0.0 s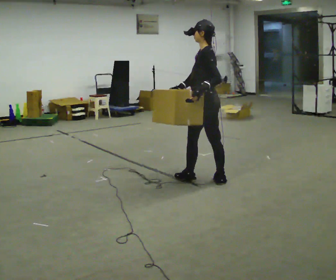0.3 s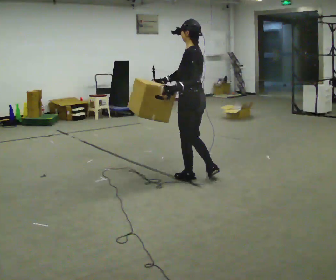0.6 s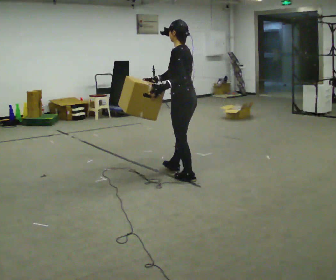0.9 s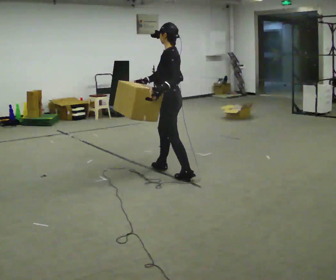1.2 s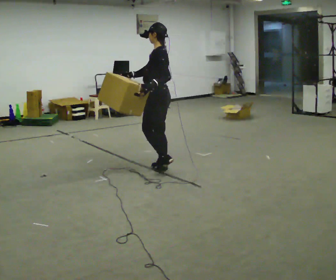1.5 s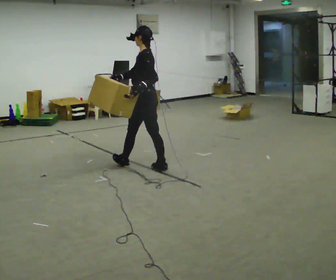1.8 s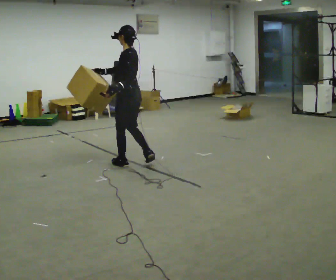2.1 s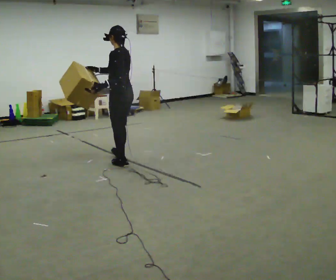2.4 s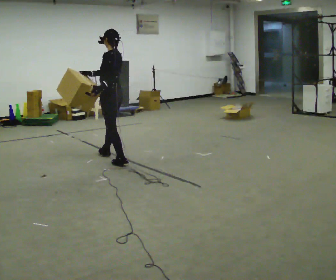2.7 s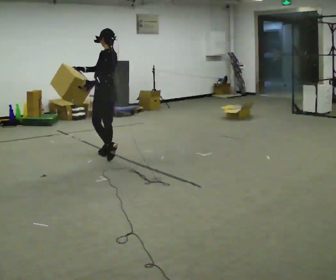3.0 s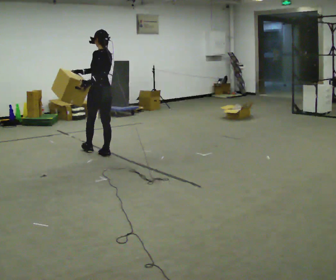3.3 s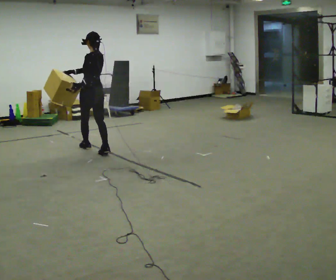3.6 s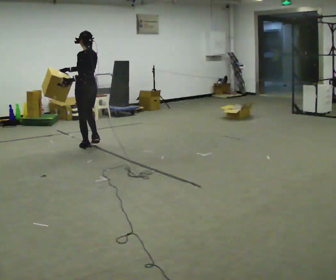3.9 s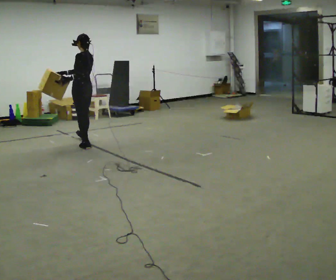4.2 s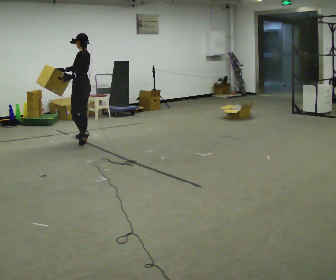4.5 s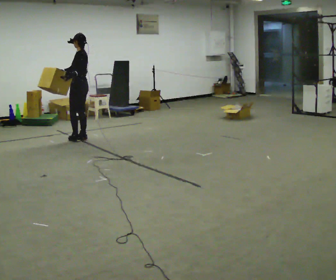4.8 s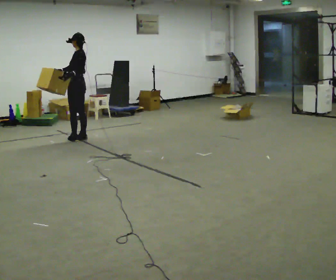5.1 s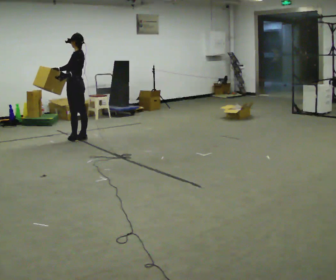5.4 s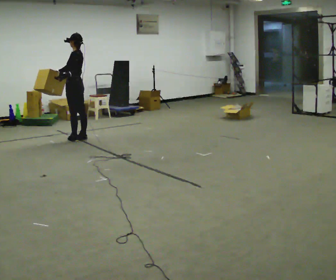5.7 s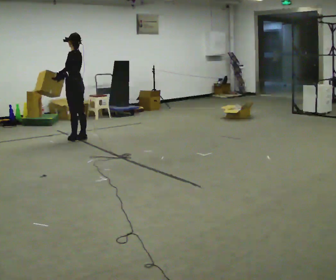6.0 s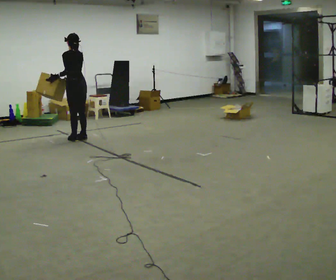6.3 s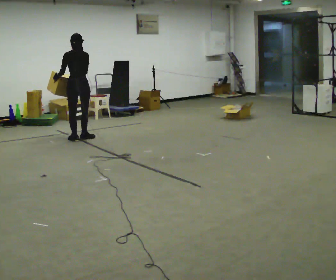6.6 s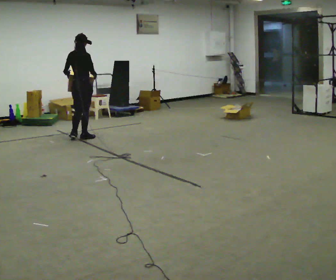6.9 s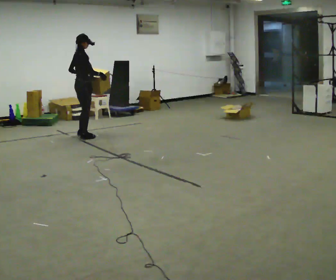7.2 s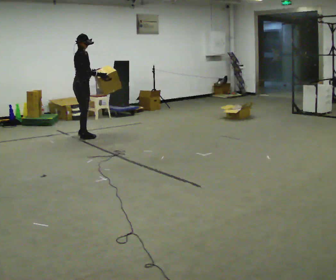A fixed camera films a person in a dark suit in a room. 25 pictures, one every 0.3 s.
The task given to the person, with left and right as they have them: Carry the box and, while walking, shift it to a different hold: front, then hip, then shoulder, then back to front. Do not stop walking.
0.0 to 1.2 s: In the picture they go away from the camera and to the left, about 0.5 m in 1 step, which for them is forward.
1.2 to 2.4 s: In the picture they go away from the camera and to the left, about 0.5 m in 2 steps, which for them is forward.
2.4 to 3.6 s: In the picture they go away from the camera, about 0.5 m in 1 step, which for them is forward.
3.6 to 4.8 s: The part of the body nearest the lens slides to the right as the person turns to their left by about 30 degrees. In the picture they go away from the camera, about 0.5 m in 2 steps, which for them is forward and to their right.
4.8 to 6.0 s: Seen from above the body turns clockwise, about 45 degrees: to their right, with its near side sliding to the left.
6.0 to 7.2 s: The part of the body nearest the lens slides to the left as the person turns to their right by about 150 degrees. In the picture they go away from the camera, about 0.25 m in 1 step.
The film runs forward here.
